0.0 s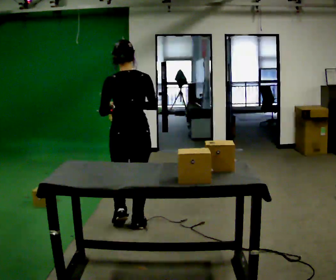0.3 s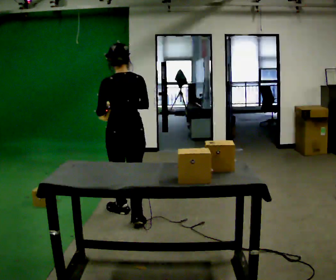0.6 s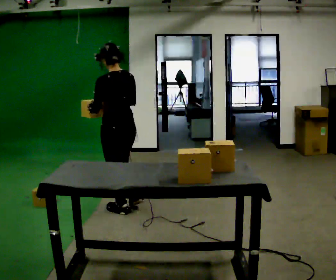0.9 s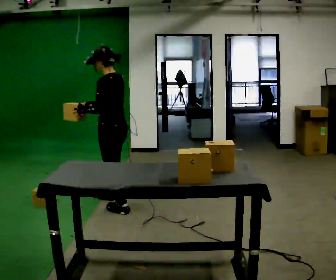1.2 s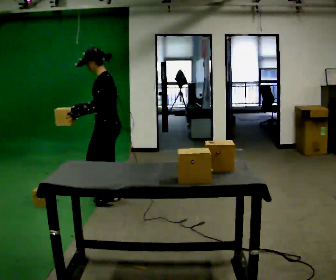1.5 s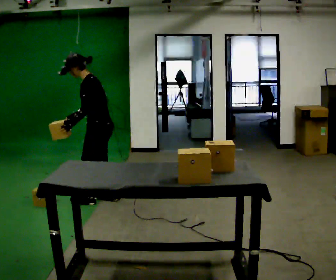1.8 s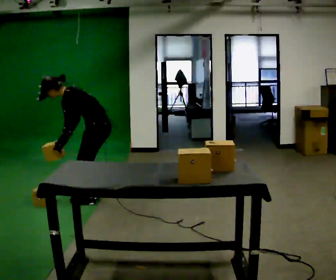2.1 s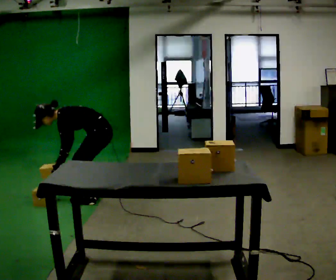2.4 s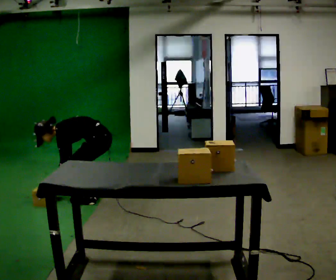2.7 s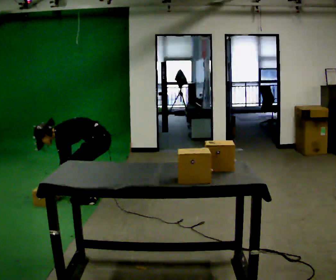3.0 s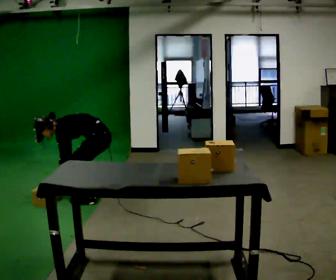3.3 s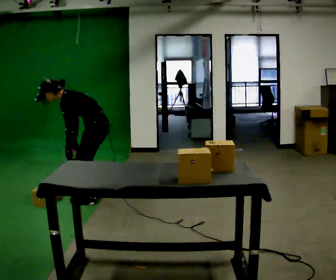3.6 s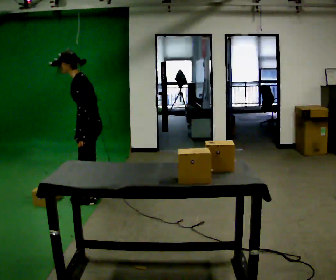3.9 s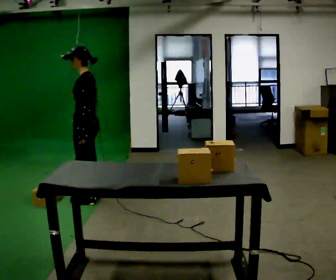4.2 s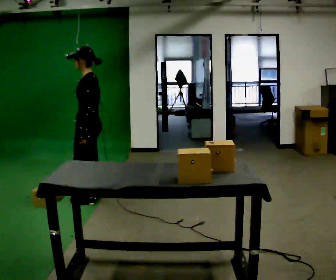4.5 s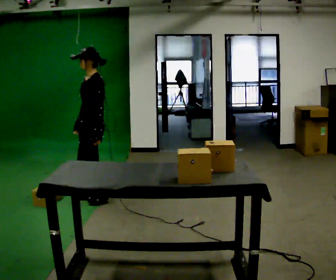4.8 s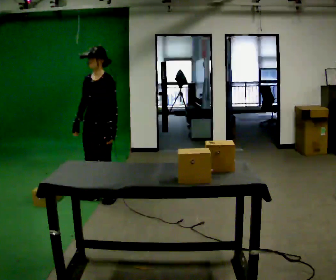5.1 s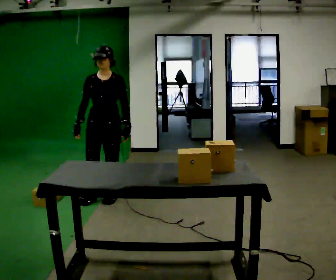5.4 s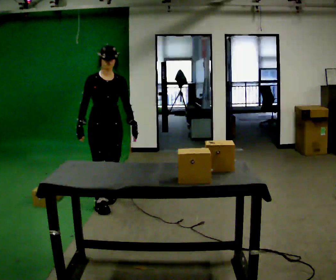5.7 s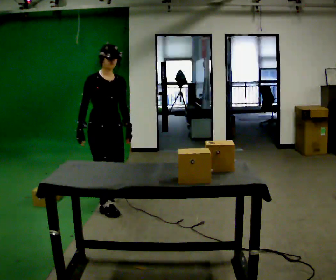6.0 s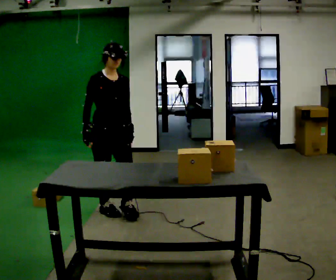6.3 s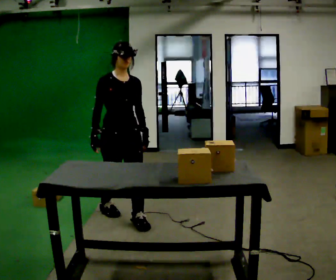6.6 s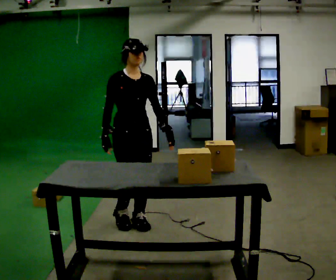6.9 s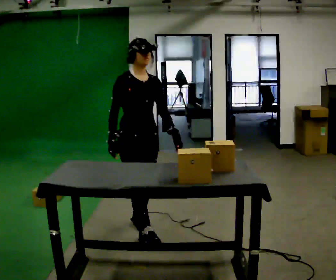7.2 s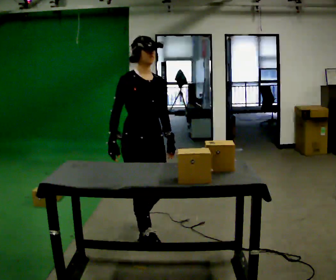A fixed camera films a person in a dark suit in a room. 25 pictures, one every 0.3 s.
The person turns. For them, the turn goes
to their left.
The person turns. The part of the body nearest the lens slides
to the right.
0.0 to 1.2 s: The part of the body nearest the lens slides to the right as the person turns to their left by about 75 degrees. In the picture they go away from the camera and to the left, about 0.75 m in 2 steps.
1.2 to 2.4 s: The upper body goes downward. In the picture the upper body tilts counterclockwise, shoulders to the left, as they bend forward. In the picture their left hand goes downward.
2.4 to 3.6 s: The shoulders move upward. In the picture the upper body tilts clockwise, shoulders to the right, as they lean back or straighten. In the picture their left hand goes upward.
3.6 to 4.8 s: Seen from above the body turns counterclockwise, about 45 degrees: to their left, with its near side sliding to the right. In the picture the upper body tilts clockwise, shoulders to the right.
4.8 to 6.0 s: Seen from above the body turns counterclockwise, about 75 degrees: to their left, with its near side sliding to the right. In the picture they go toward the camera, about 0.5 m in 1 step.
6.0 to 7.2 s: In the picture they go toward the camera and to the right, about 0.75 m in 2 steps, which for them is forward.
The film runs forward here.
